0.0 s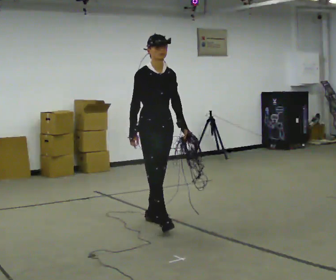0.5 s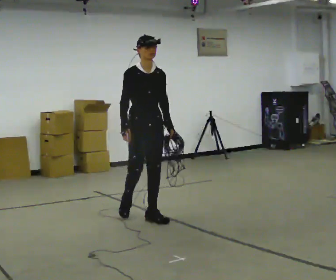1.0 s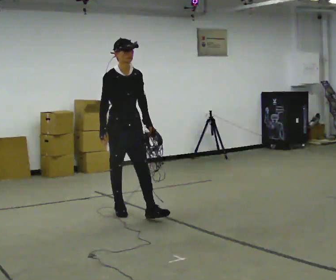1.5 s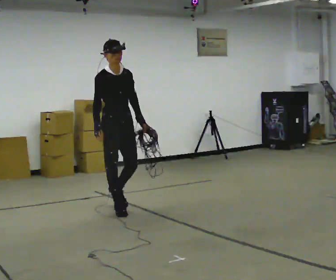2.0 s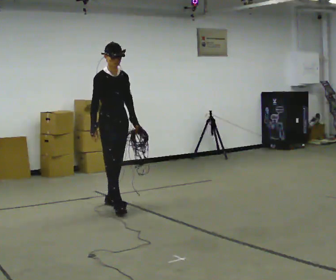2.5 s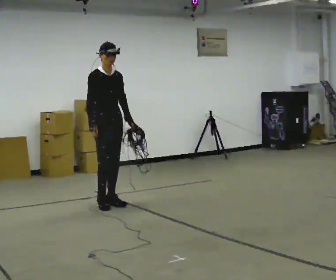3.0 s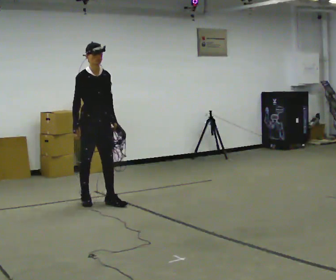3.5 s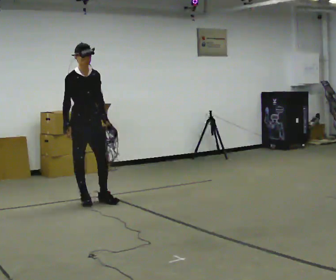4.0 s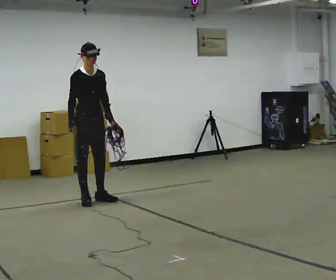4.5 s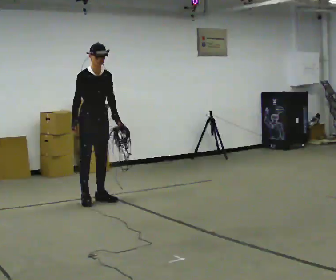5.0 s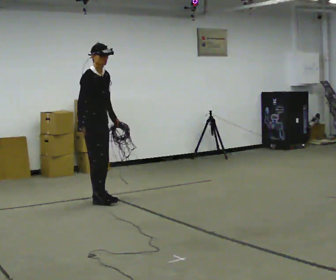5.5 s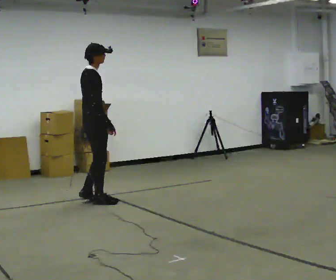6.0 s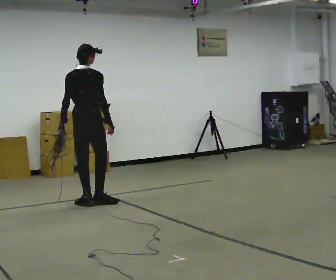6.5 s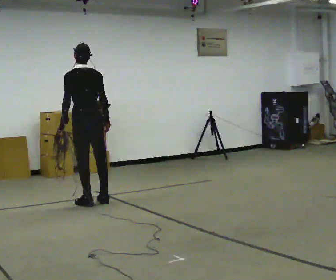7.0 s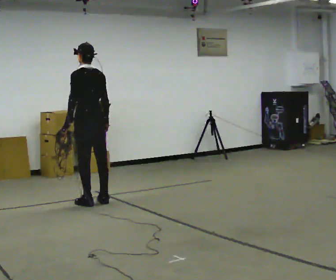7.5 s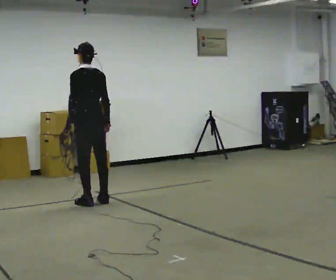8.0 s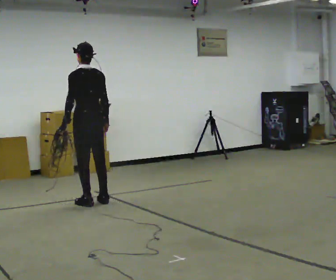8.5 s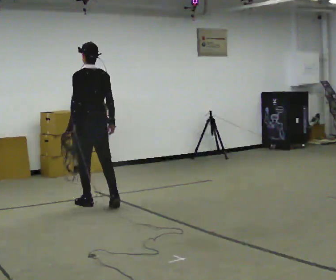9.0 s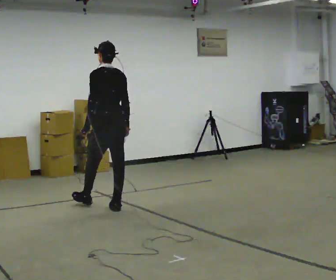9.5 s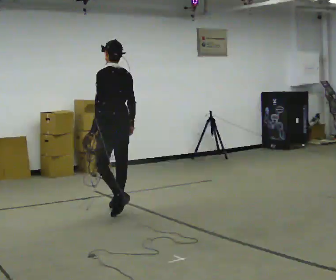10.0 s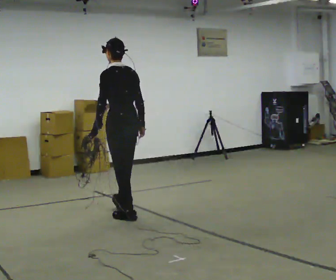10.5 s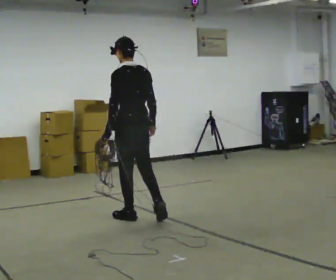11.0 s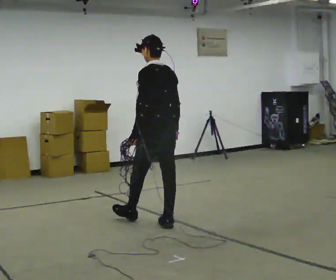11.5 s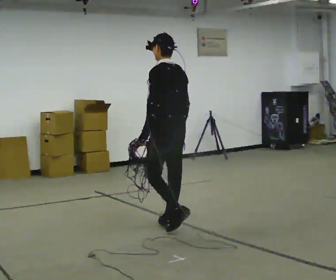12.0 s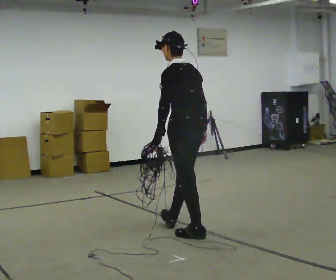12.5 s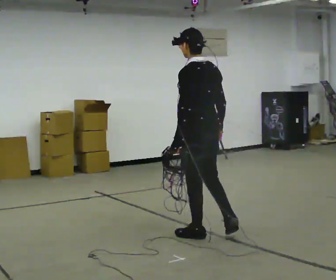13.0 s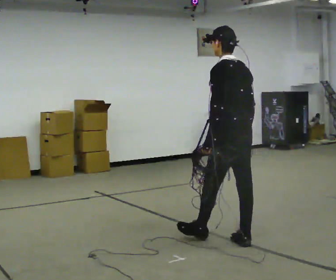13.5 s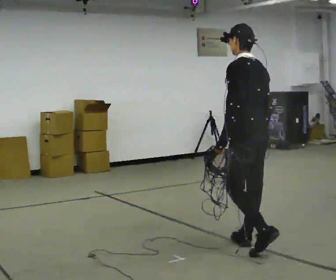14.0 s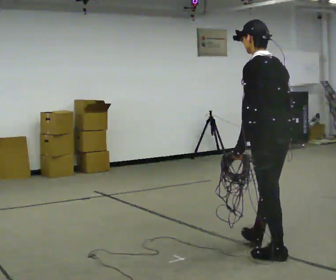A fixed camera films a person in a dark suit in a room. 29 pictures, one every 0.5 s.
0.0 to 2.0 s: In the picture they go away from the camera and to the left, about 1 m in 2 steps, which for them is backward.
2.0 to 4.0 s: In the picture they go away from the camera and to the left, about 0.5 m in 2 steps, which for them is backward.
4.0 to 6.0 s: The part of the body nearest the lens slides to the right as the person turns to their left by about 120 degrees. In the picture their left hand goes to the left, the arm swinging clockwise.
6.0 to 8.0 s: The part of the body nearest the lens slides to the right as the person turns to their left by about 45 degrees.
8.0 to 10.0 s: In the picture they go toward the camera and to the right, about 0.75 m in 3 steps, which for them is backward.
10.0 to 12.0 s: In the picture they go toward the camera and to the right, about 1 m in 1 step, which for them is backward.
12.0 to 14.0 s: In the picture they go toward the camera and to the right, about 1 m in 3 steps, which for them is backward.
The film runs backward here.
